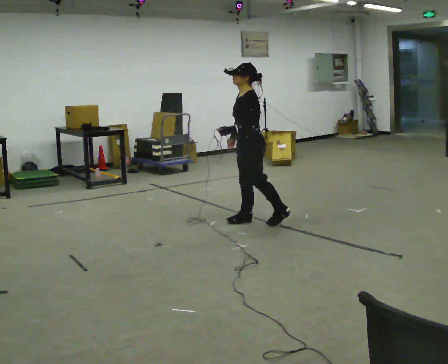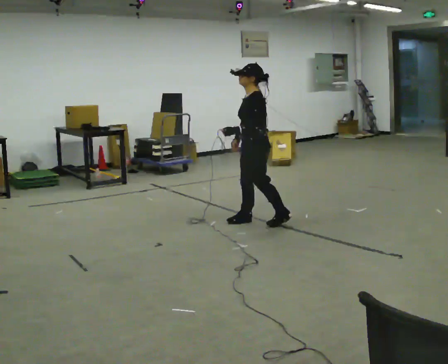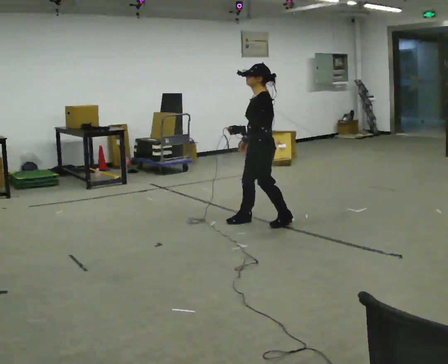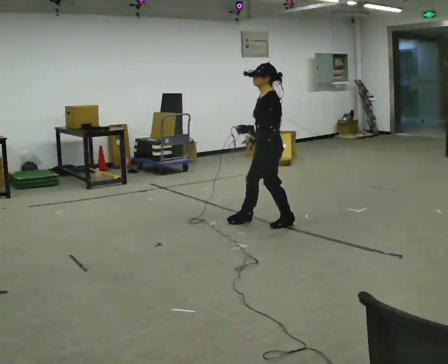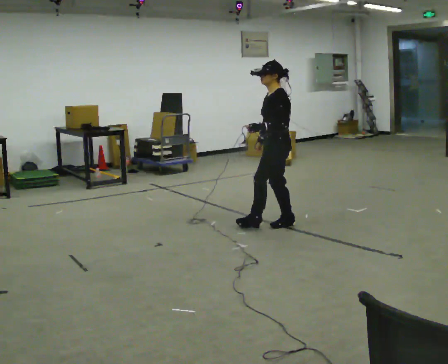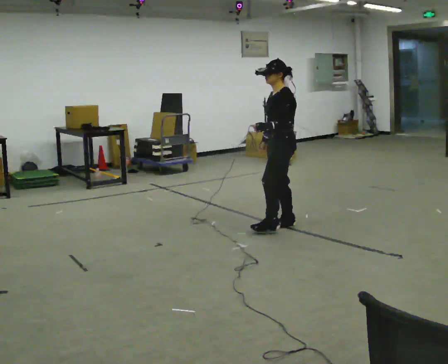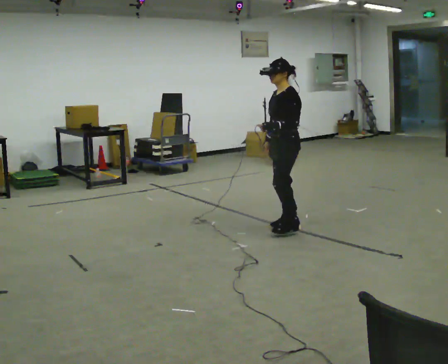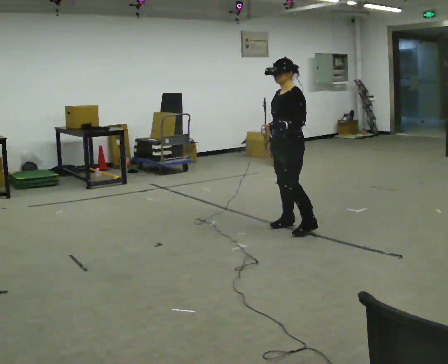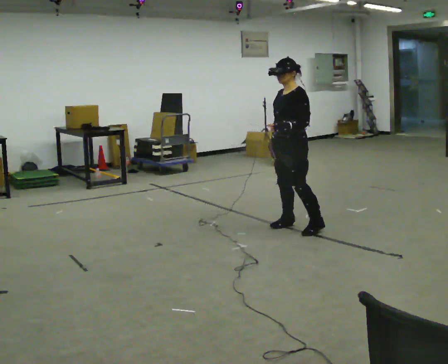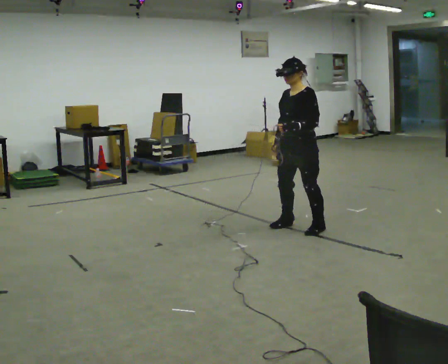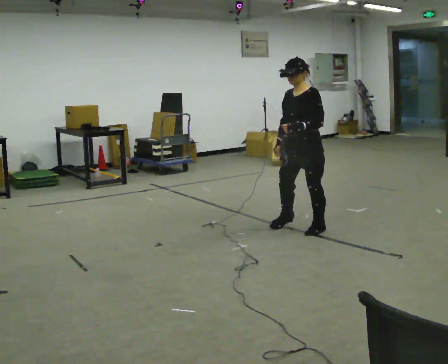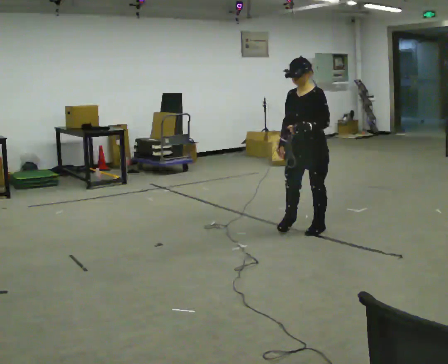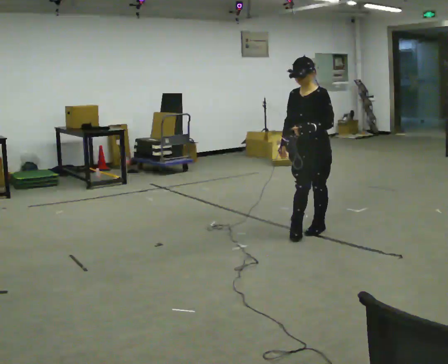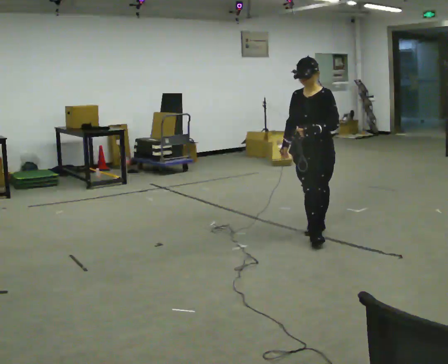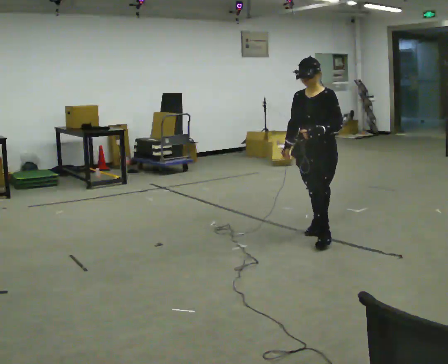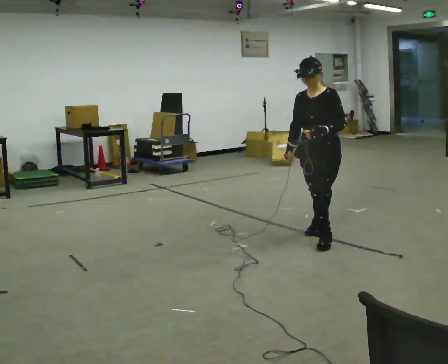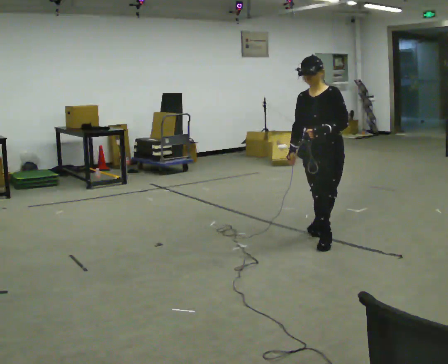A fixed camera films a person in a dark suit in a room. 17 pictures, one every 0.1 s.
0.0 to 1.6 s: Seen from above the body turns counterclockwise, about 75 degrees: to their left, with its near side sliding to the right. In the picture they go toward the camera and to the right, about 1 m in 3 steps.
The film runs forward here.
